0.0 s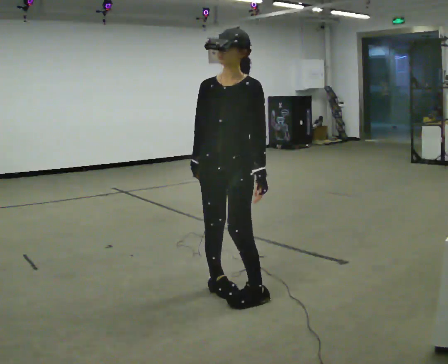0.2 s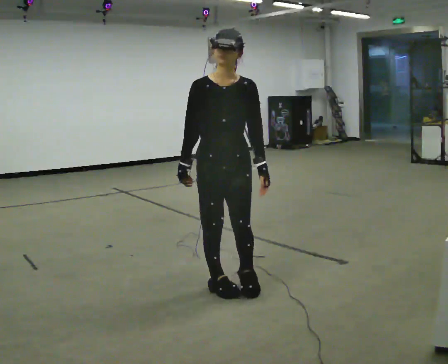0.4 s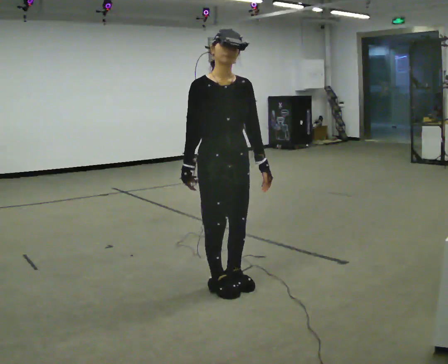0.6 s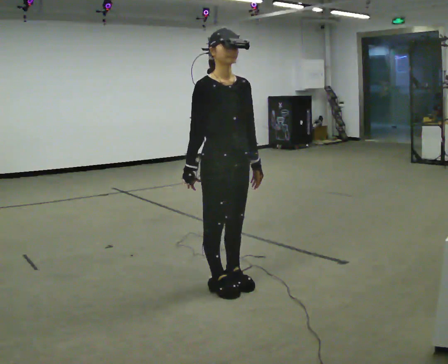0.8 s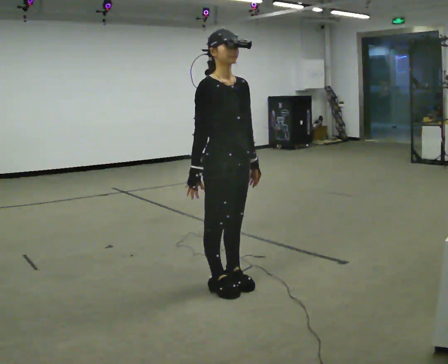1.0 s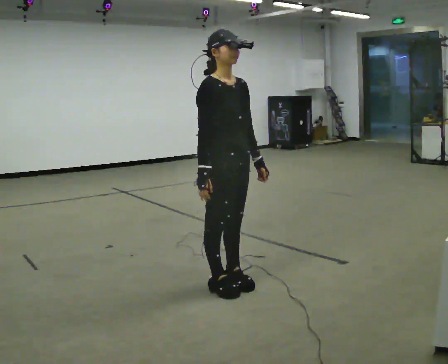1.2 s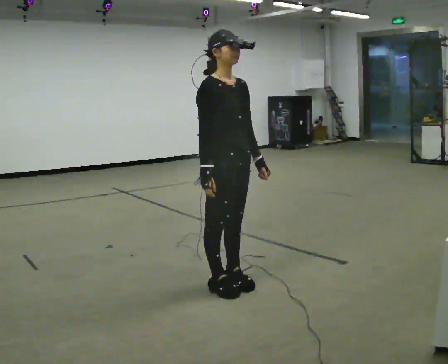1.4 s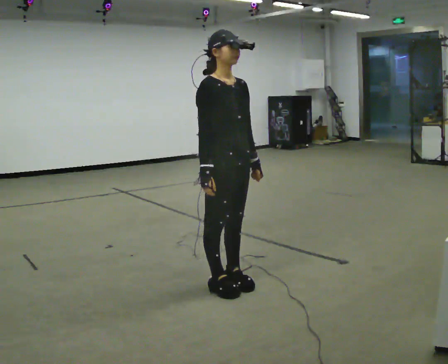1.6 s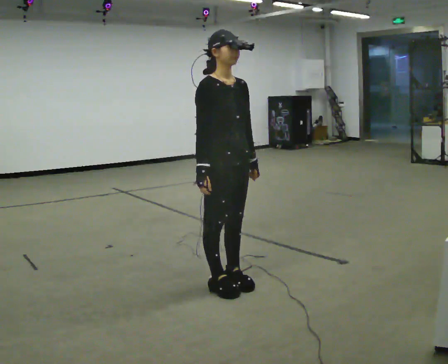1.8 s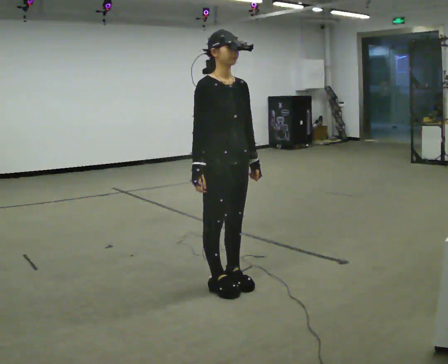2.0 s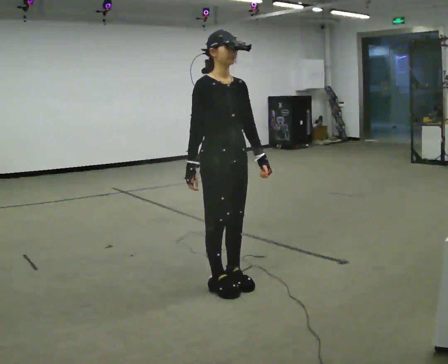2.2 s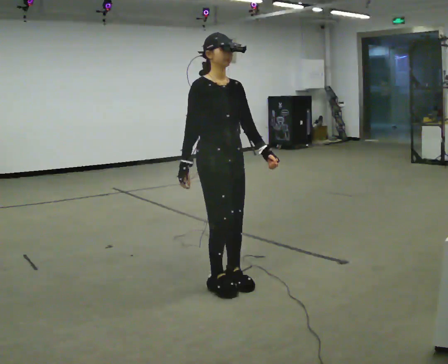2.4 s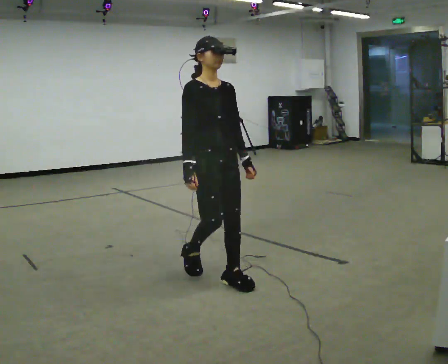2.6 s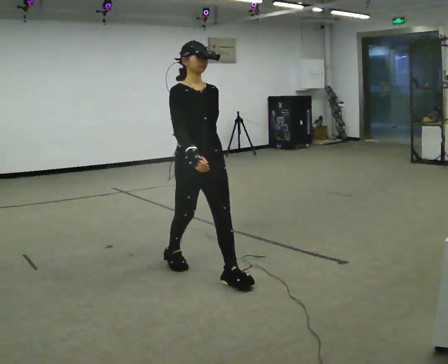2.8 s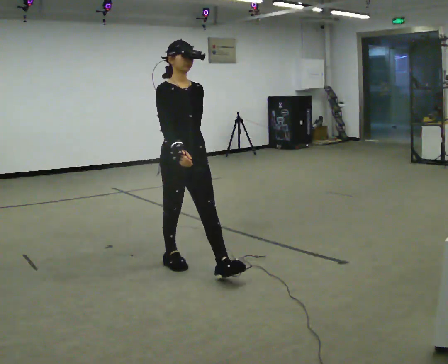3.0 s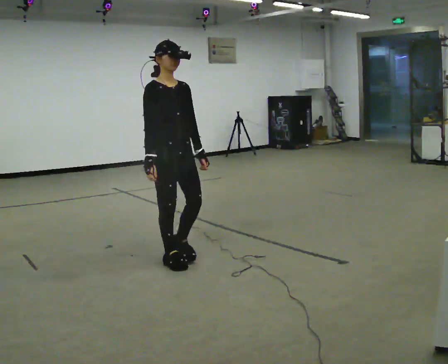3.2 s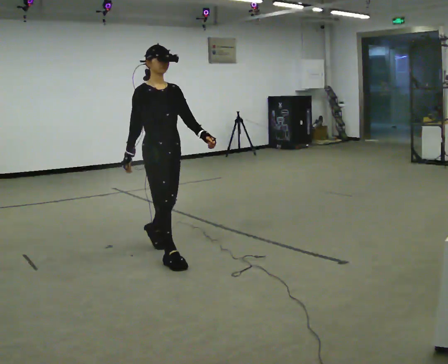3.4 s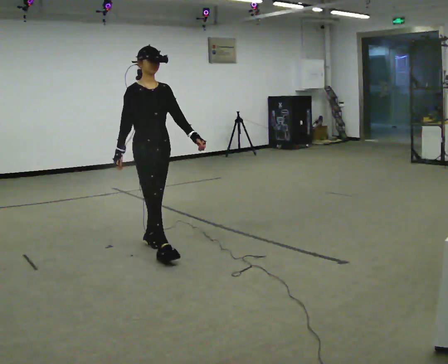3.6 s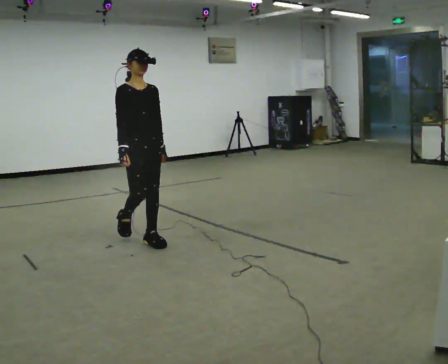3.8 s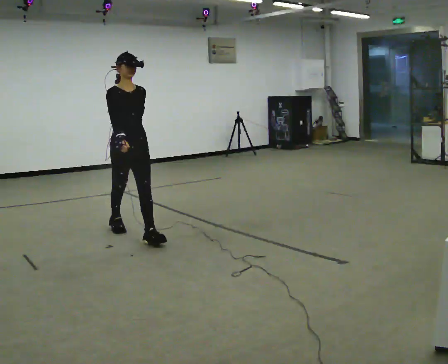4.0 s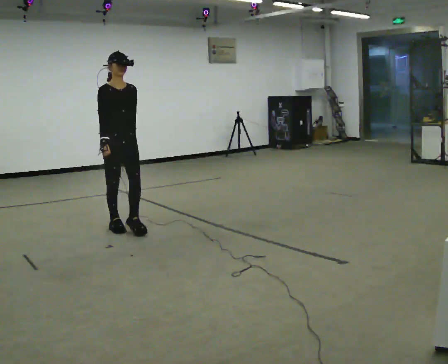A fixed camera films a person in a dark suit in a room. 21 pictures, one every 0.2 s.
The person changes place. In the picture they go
away from the camera.
0.0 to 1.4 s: Seen from above the body turns counterclockwise, about 75 degrees: to their left, with its near side sliding to the right.
1.4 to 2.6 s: In the picture they go away from the camera and to the left, about 0.25 m in 1 step, which for them is backward.
2.6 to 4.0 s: In the picture they go away from the camera and to the left, about 1.5 m in 3 steps, which for them is backward.
The film runs backward here.
